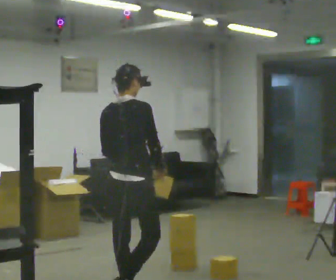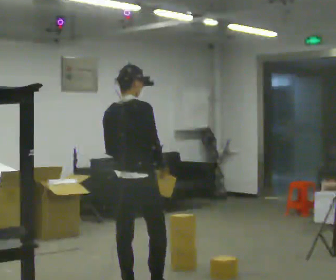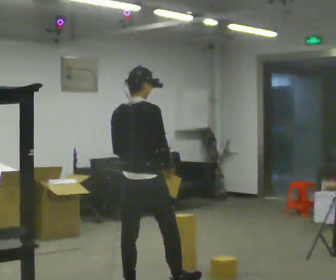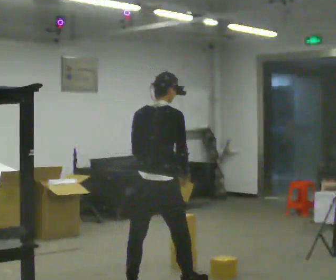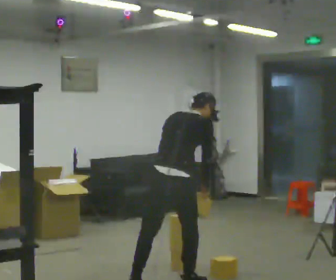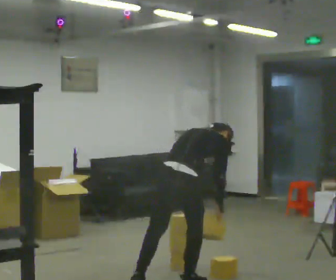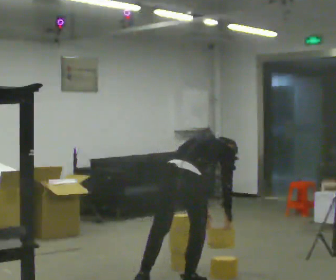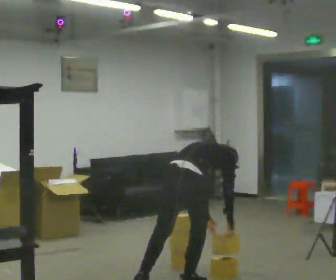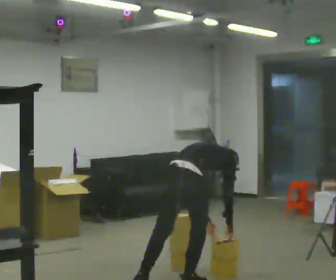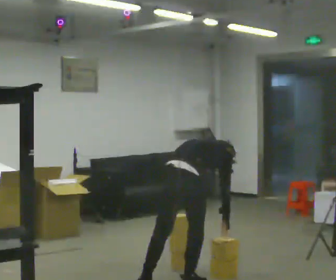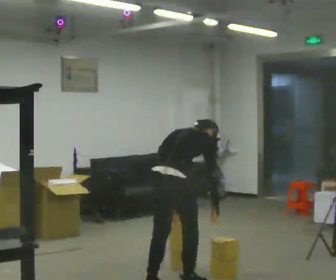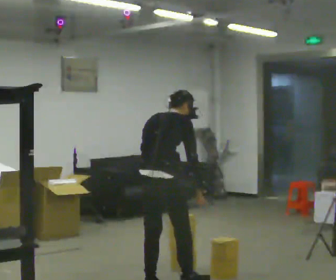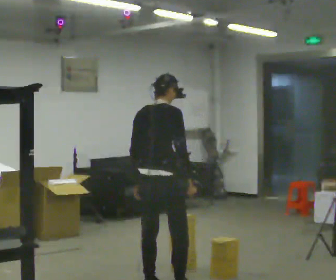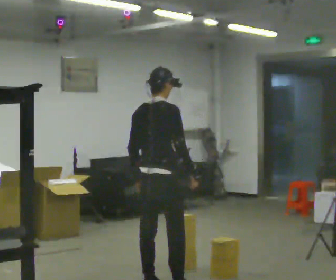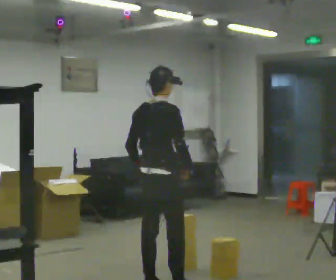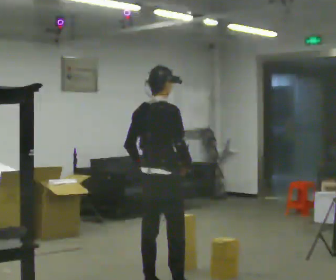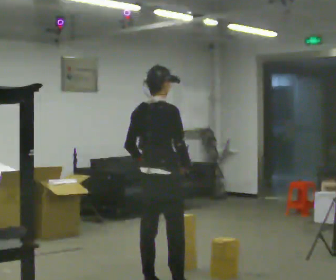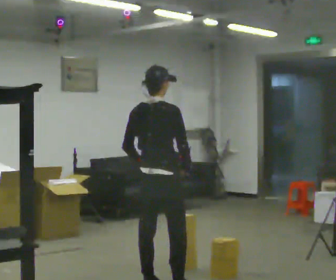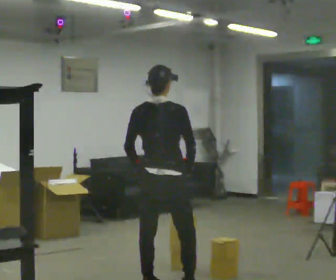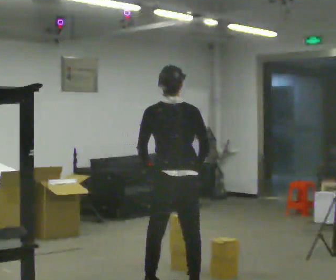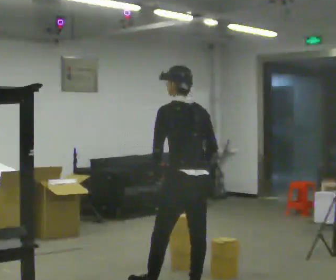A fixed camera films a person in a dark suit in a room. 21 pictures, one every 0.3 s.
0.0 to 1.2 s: In the picture they go away from the camera and to the right, about 0.5 m in 1 step, which for them is forward. The upper body tips away from the camera, its near side rolling upward, as they bend forward.
1.2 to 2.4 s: The shoulders move downward. The upper body tips away from the camera, its near side rolling upward, as they bend forward. In the picture their left hand goes downward.
2.4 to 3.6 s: In the picture they go to the left, about 0.25 m in 1 step, which for them is backward and to their left. The upper body goes upward. The upper body tips toward the camera, its near side rolling downward, as they lean back or straighten. In the picture their right hand goes upward and to the left.
3.6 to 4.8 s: The person moves a little, or ends about where they began.
4.8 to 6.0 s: The part of the body nearest the lens slides to the right as the person turns to their left by about 75 degrees. In the picture they go to the right, about 0.25 m in 1 step.
The film runs forward here.
